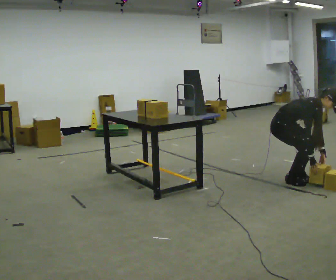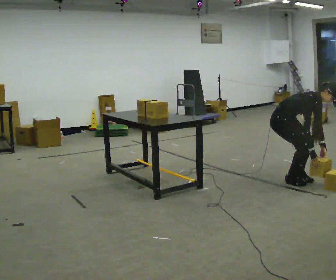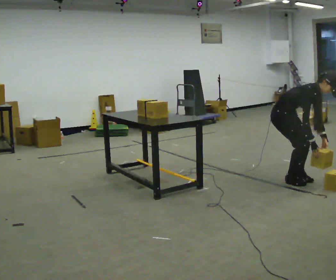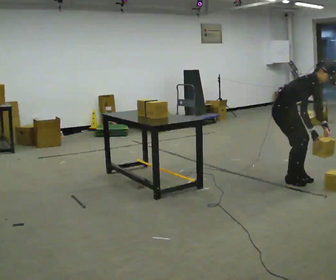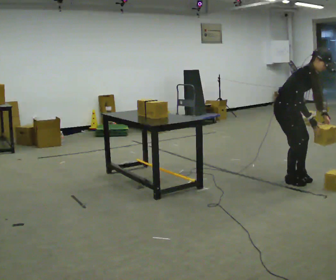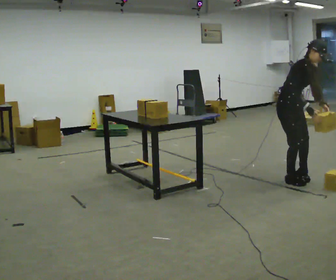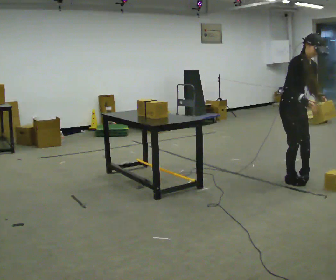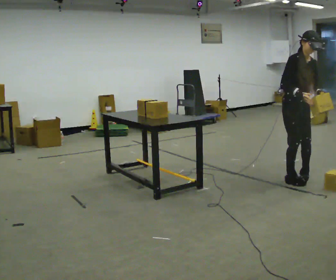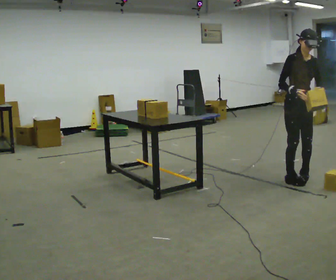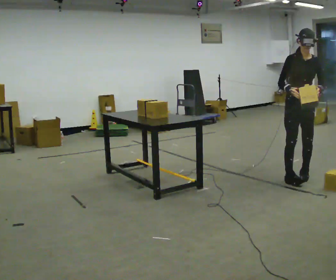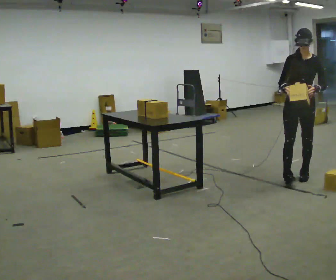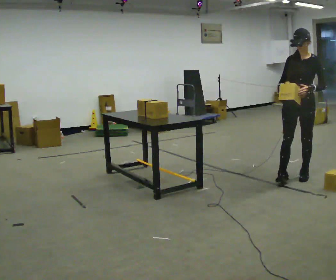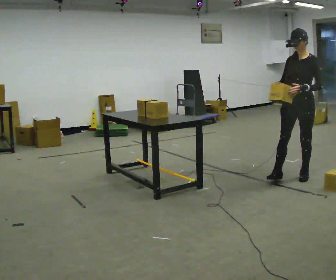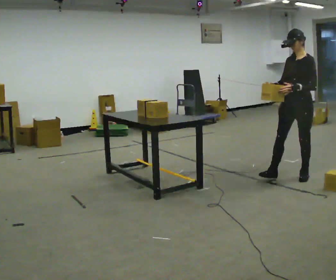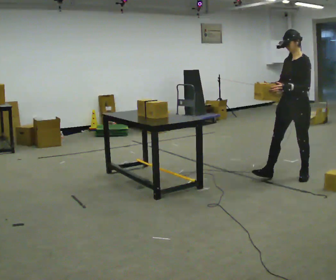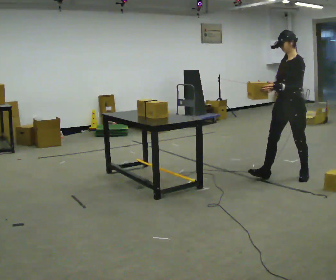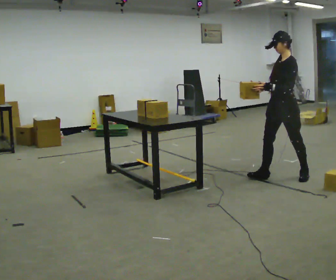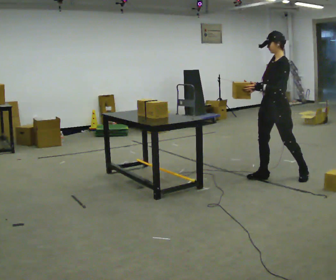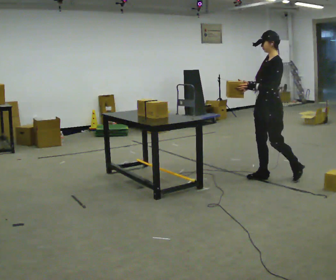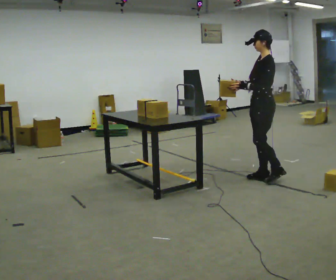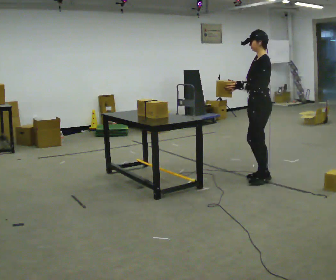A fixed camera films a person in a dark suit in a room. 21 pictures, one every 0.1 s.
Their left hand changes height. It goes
upward.
The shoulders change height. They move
upward.
0.0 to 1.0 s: Seen from above the body turns clockwise, about 75 degrees: to their right, with its near side sliding to the left. In the picture they go to the right, about 0.25 m. The shoulders move upward. In the picture the upper body tilts counterclockwise, shoulders to the left, as they lean back or straighten. In the picture their left hand goes upward.
1.0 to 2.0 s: Seen from above the body turns clockwise, about 75 degrees: to their right, with its near side sliding to the left. In the picture they go to the left, about 0.5 m in 1 step.
The film runs forward here.
